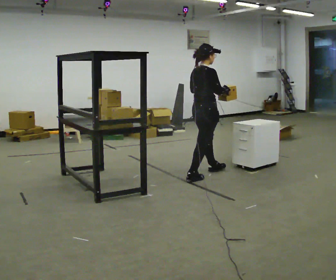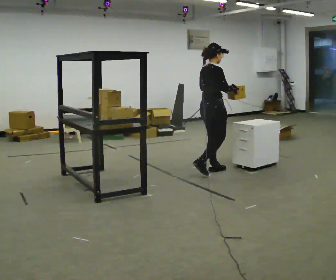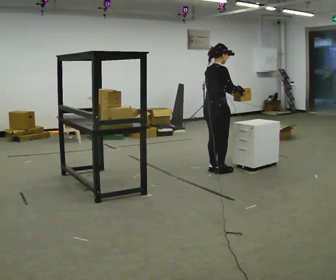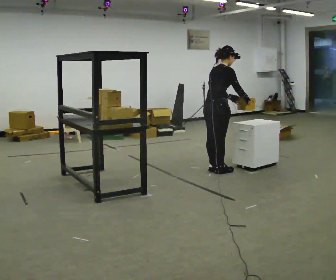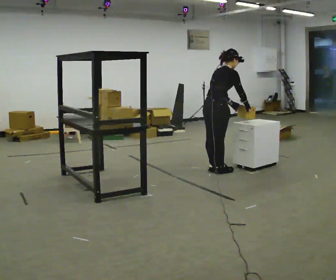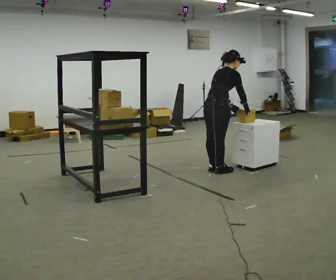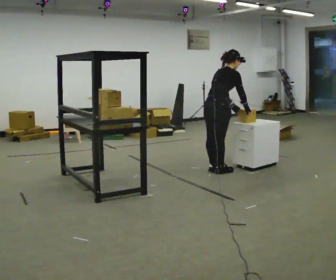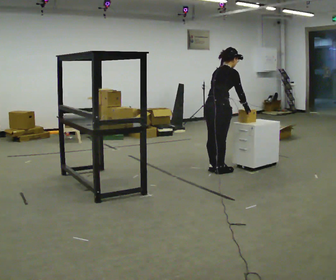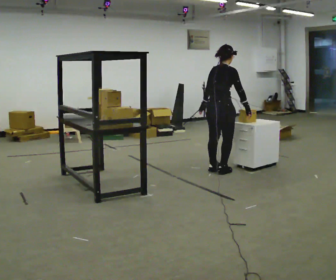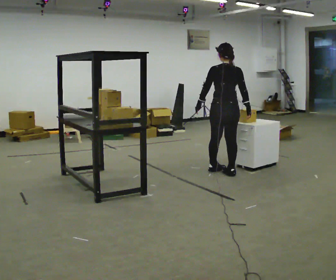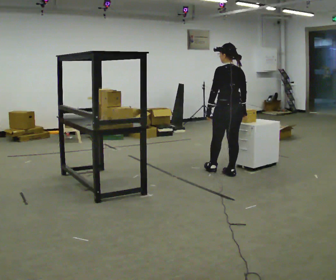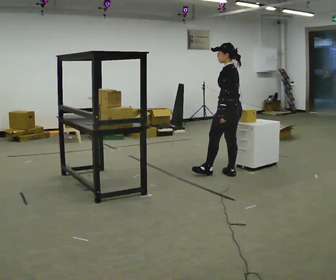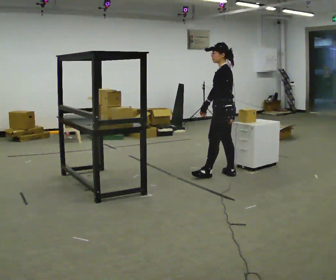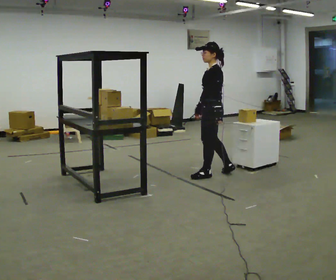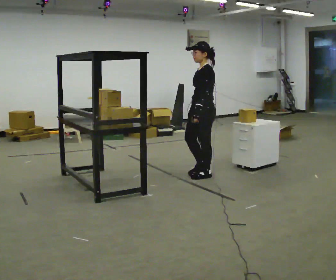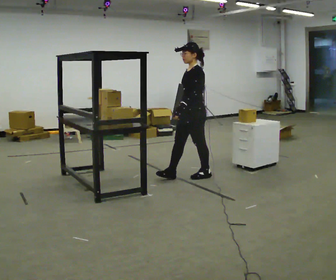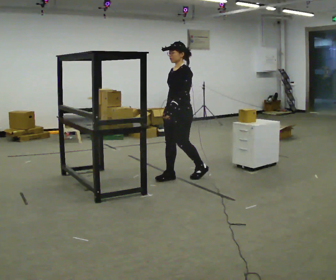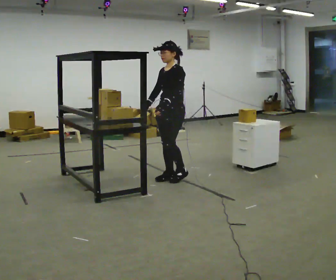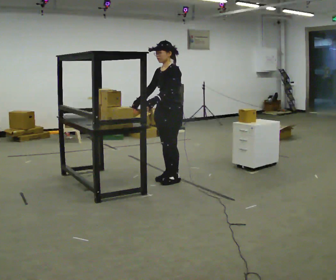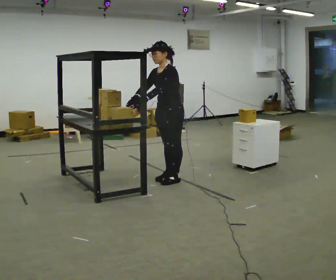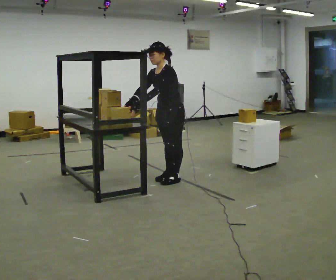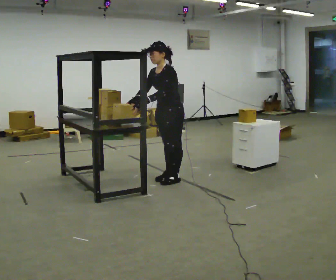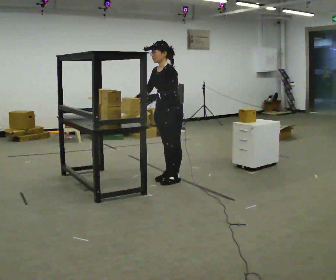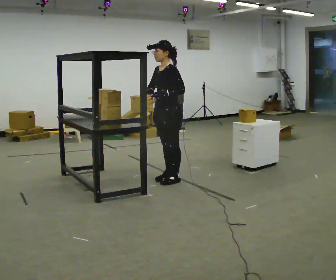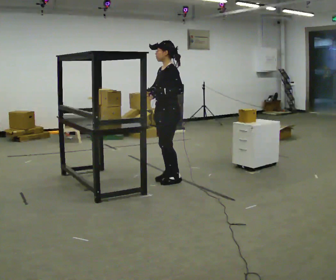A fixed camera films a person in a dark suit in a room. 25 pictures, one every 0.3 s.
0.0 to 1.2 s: In the picture they go away from the camera, about 0.25 m in 1 step, which for them is forward. The upper body tips away from the camera, its near side rolling upward, as they bend forward.
1.2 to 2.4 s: In the picture their left hand goes to the left.
2.4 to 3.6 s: Seen from above the body turns counterclockwise, about 120 degrees: to their left, with its near side sliding to the right. In the picture their right hand goes to the left, the arm swinging clockwise.
3.6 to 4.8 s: Seen from above the body turns counterclockwise, about 45 degrees: to their left, with its near side sliding to the right. In the picture they go to the left, about 0.5 m in 1 step, which for them is forward.
4.8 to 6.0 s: In the picture the upper body tilts counterclockwise, shoulders to the left, as they bend forward. In the picture their right hand goes to the left.
6.0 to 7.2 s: In the picture the upper body tilts clockwise, shoulders to the right, as they lean back or straighten.
The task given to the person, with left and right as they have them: Move objects one at a time from the waist-height shelf at one end of the room to the waist-height shelf at the other end. Keep going until the operator says stop; one object at a time, and do not rush between trips.
The film runs forward here.
